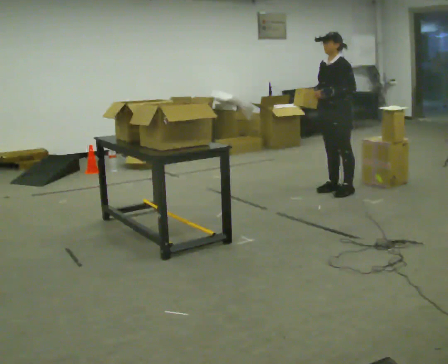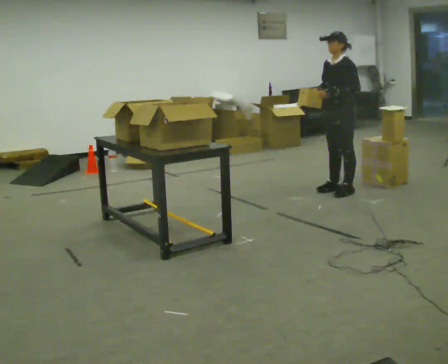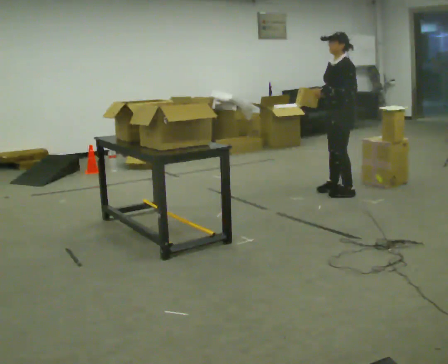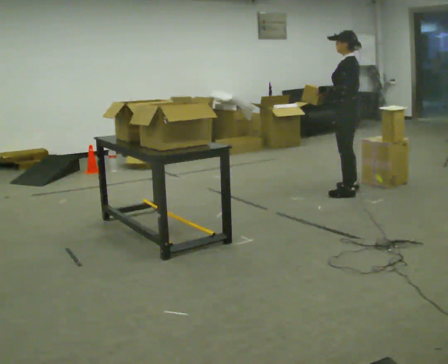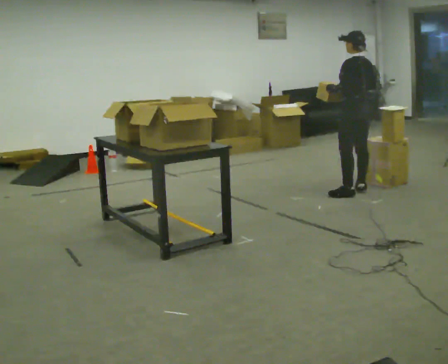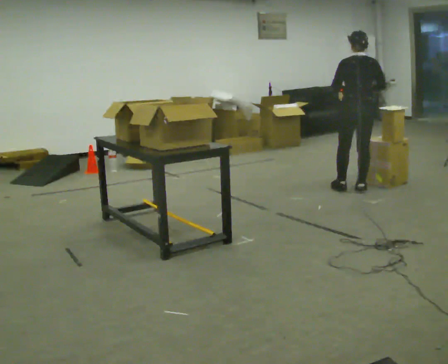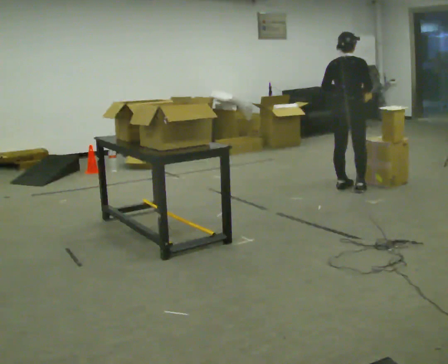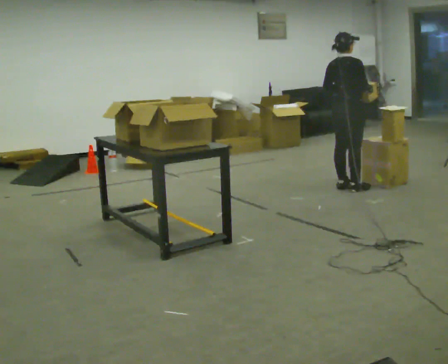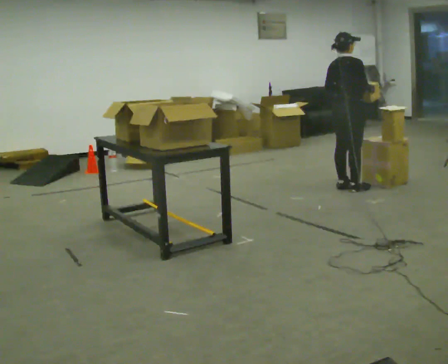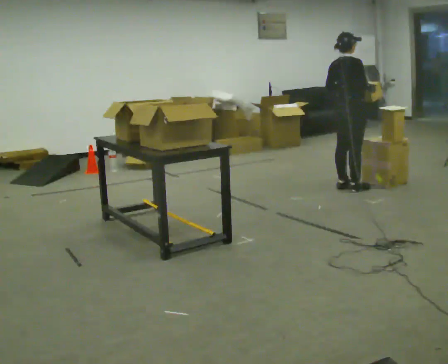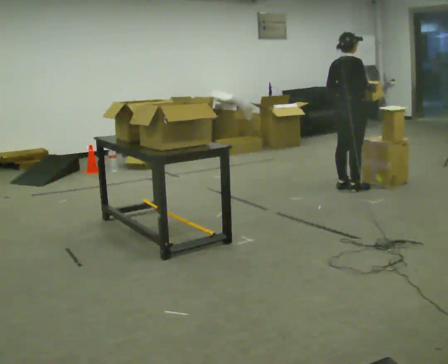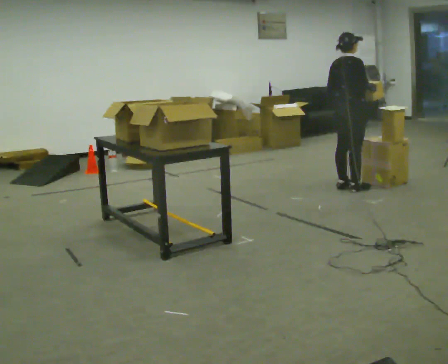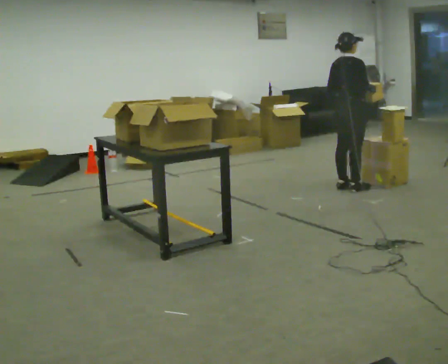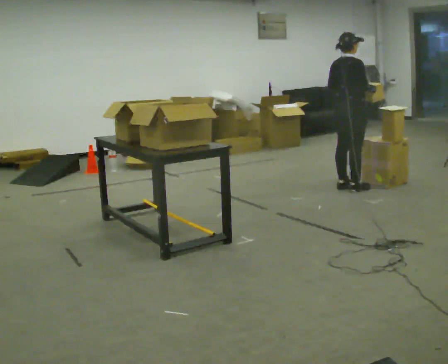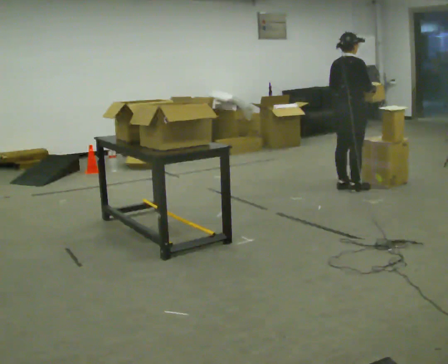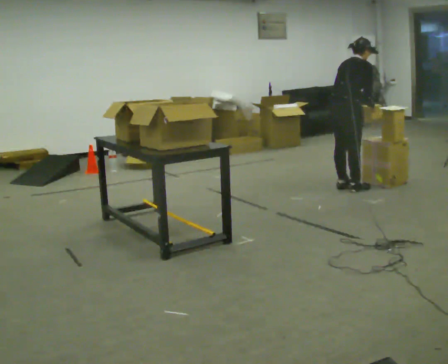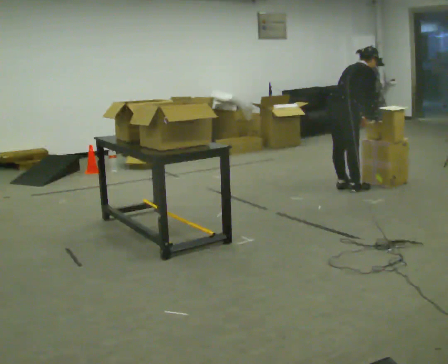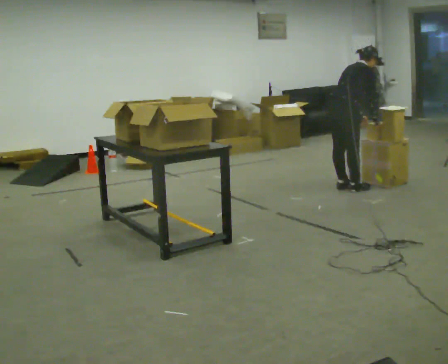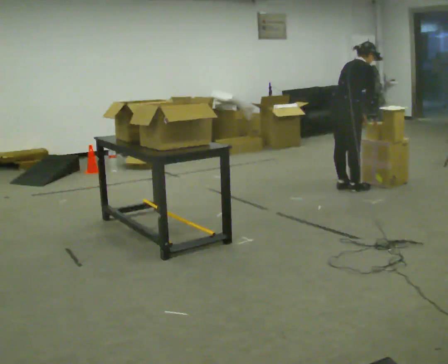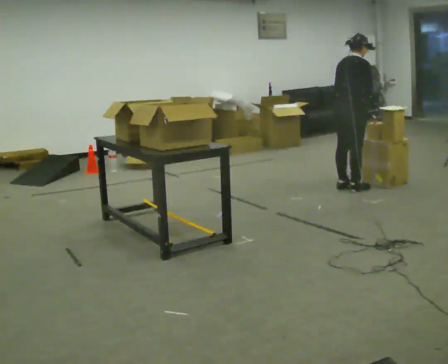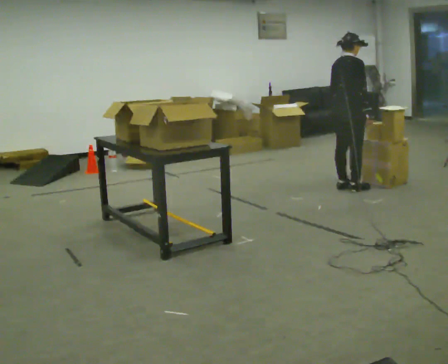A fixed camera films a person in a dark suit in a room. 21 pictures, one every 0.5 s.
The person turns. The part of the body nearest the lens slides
to the left.
The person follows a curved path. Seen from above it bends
counterclockwise.
0.0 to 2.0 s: The part of the body nearest the lens slides to the left as the person turns to their right by about 75 degrees. In the picture they go to the right, about 0.25 m in 1 step.
2.0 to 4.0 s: The part of the body nearest the lens slides to the left as the person turns to their right by about 90 degrees. In the picture they go away from the camera, about 0.25 m in 1 step.
4.0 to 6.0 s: The person keeps their place and pose.
6.0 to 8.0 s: In the picture the upper body tilts clockwise, shoulders to the right, as they bend forward.
8.0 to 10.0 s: In the picture the upper body tilts counterclockwise, shoulders to the left, as they lean back or straighten.
The film runs backward here.
